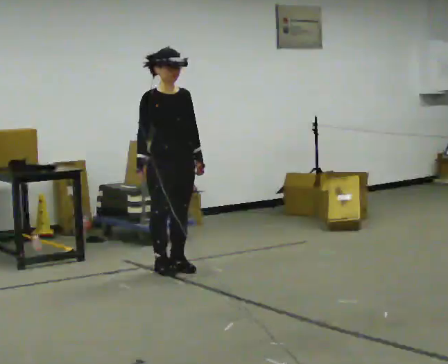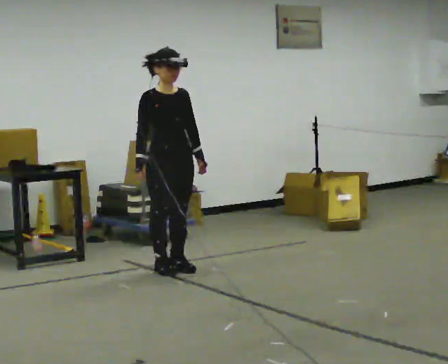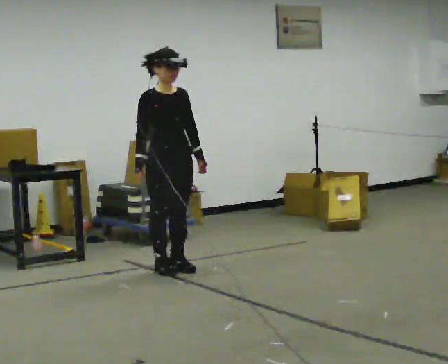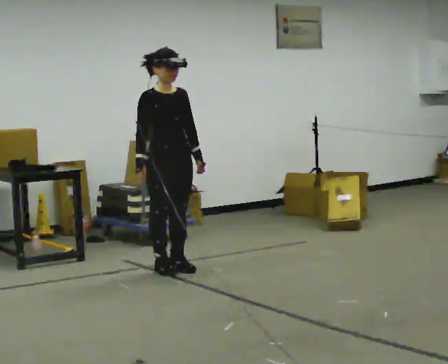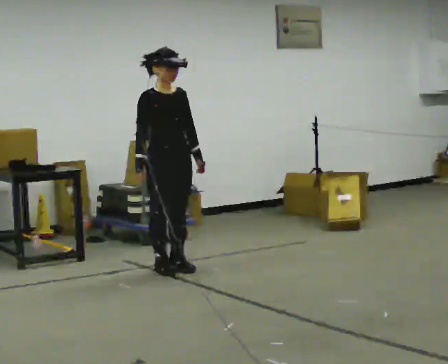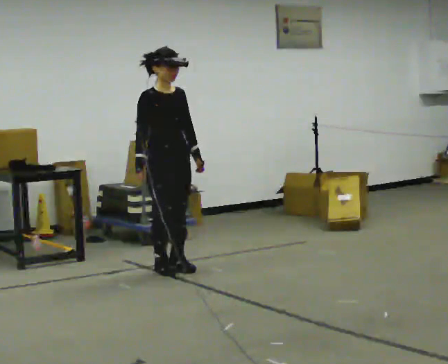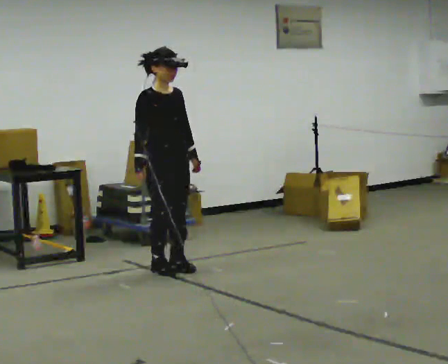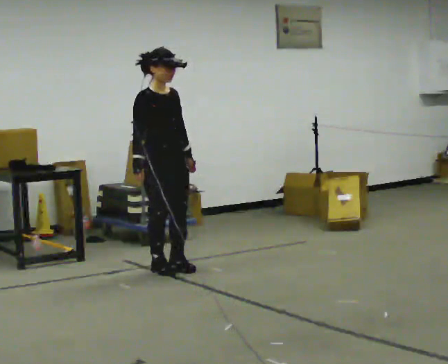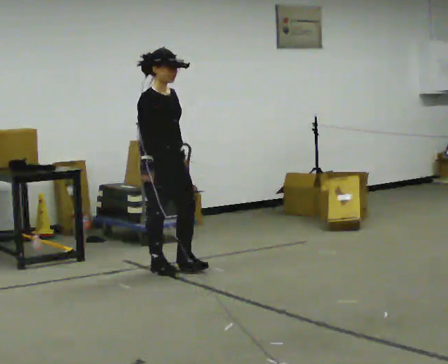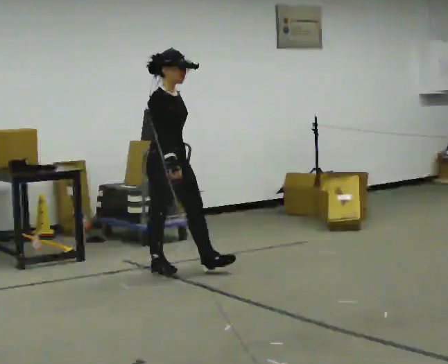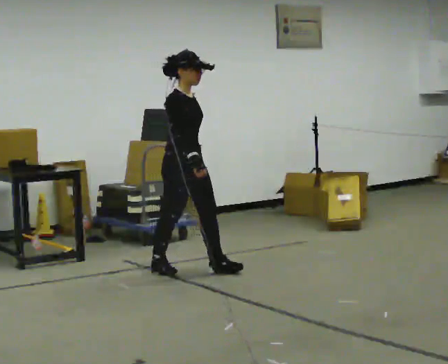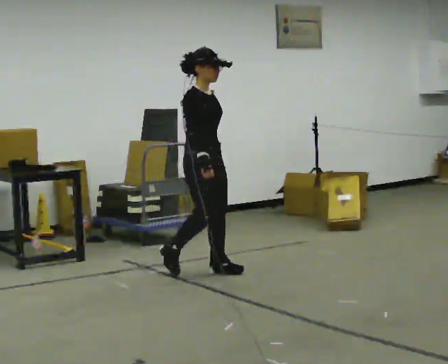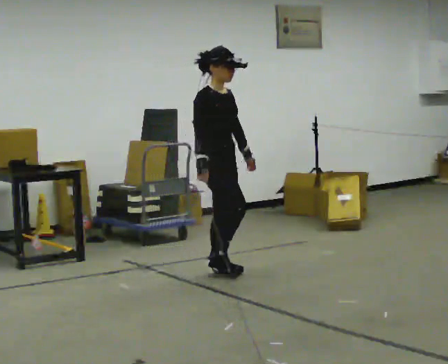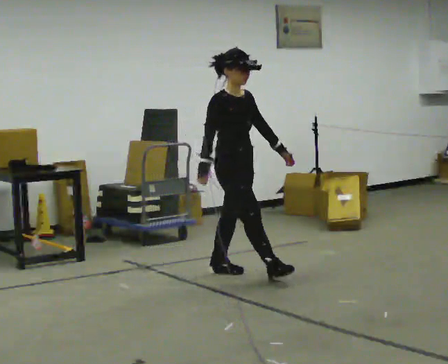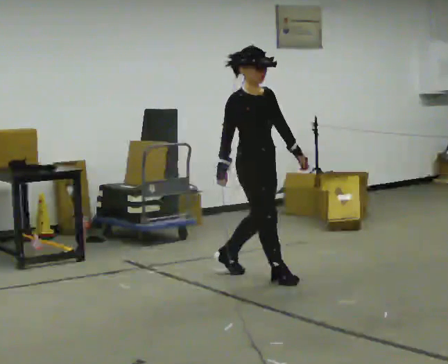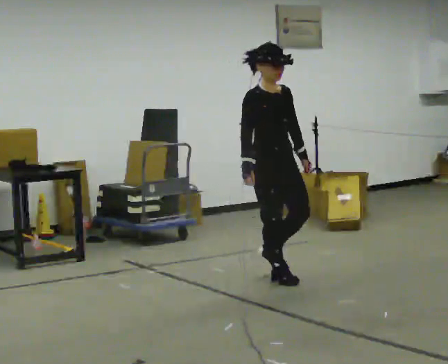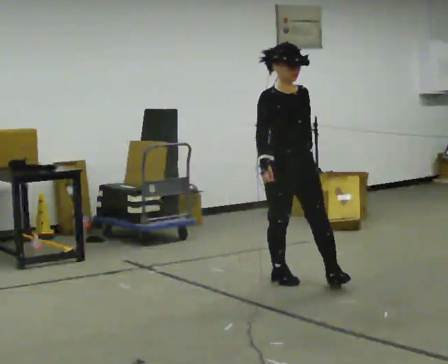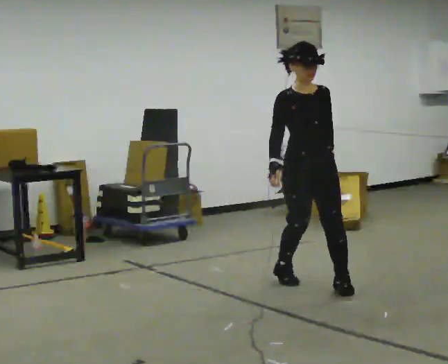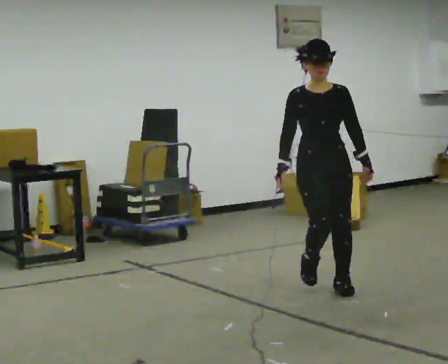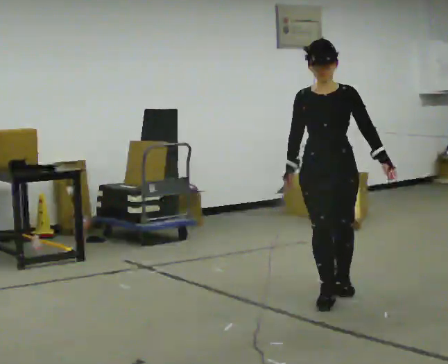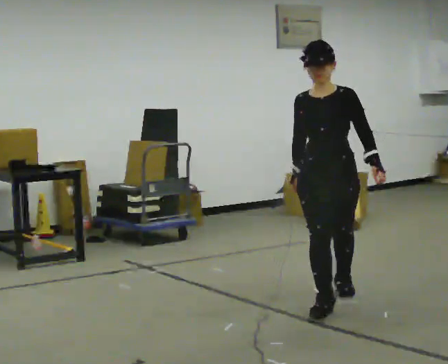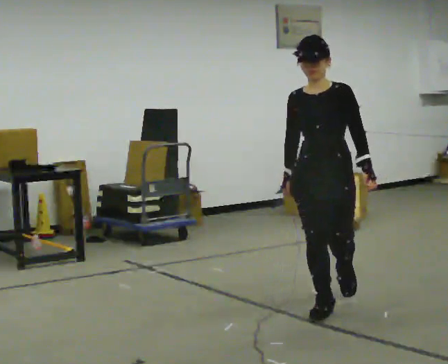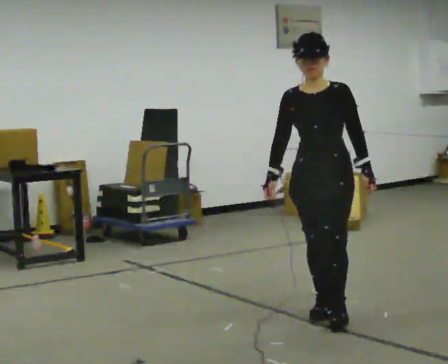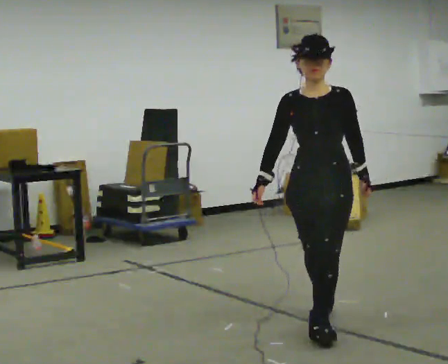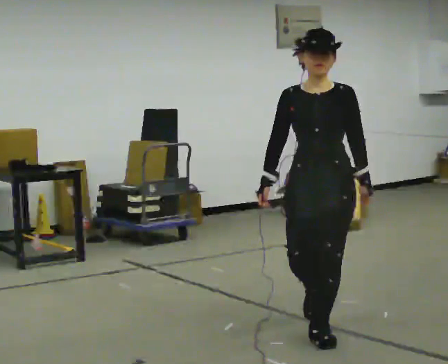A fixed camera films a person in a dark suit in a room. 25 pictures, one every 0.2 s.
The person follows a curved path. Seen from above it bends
clockwise.
The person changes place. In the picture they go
toward the camera.
0.0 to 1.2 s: The person moves a little, or ends about where they began.
1.2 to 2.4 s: In the picture they go to the right, about 0.5 m in 1 step, which for them is forward.
2.4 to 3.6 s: The part of the body nearest the lens slides to the left as the person turns to their right by about 60 degrees. In the picture they go toward the camera and to the right, about 1 m in 2 steps.
3.6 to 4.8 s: In the picture they go toward the camera, about 1 m in 2 steps, which for them is forward.
The film runs forward here.
